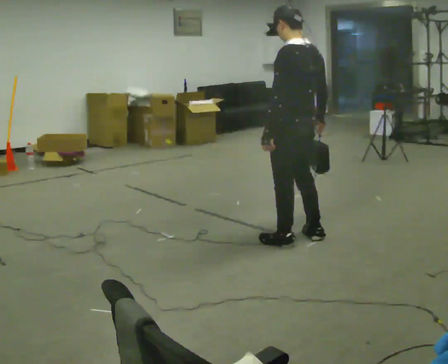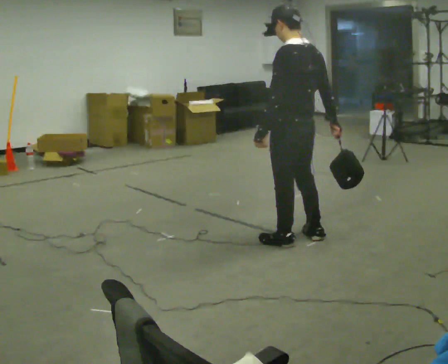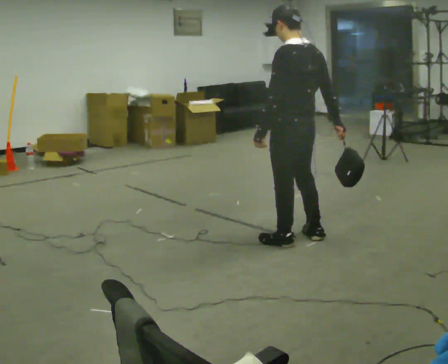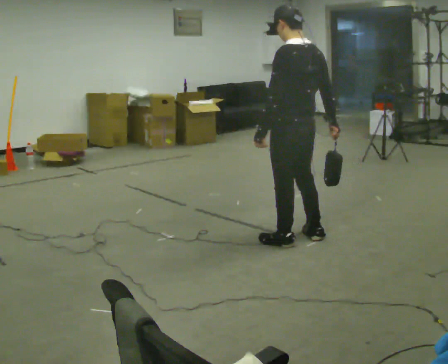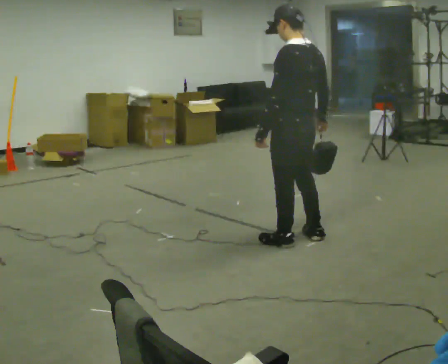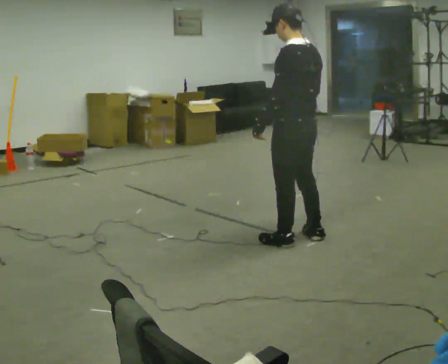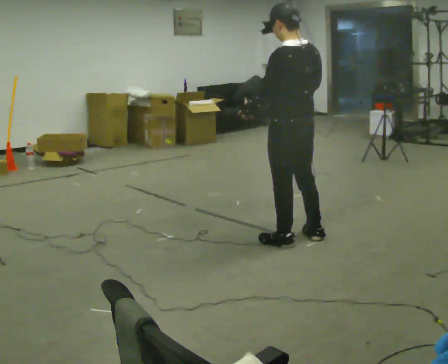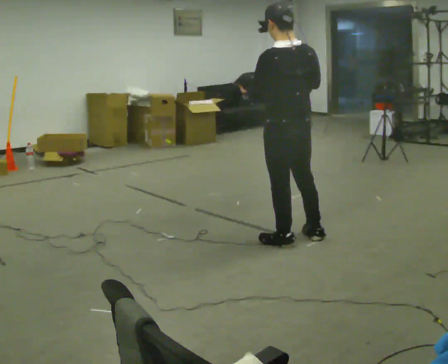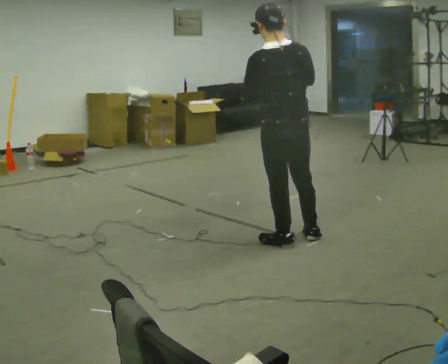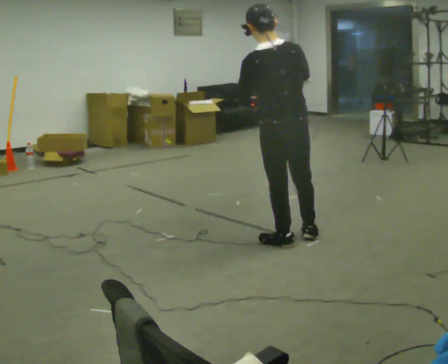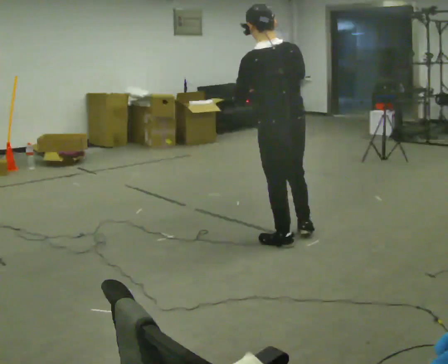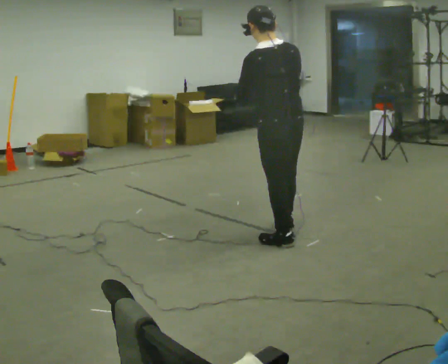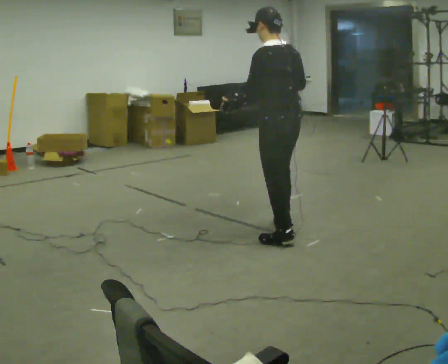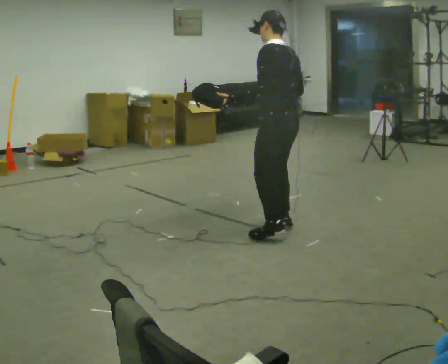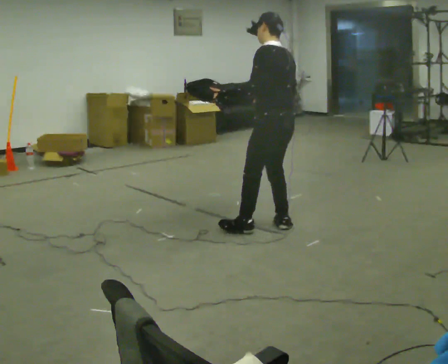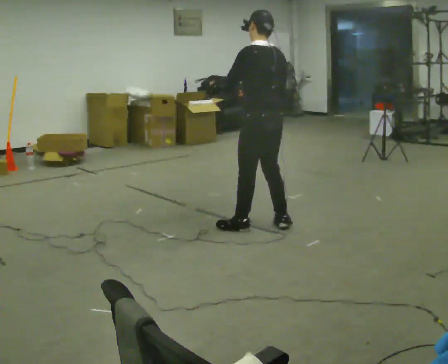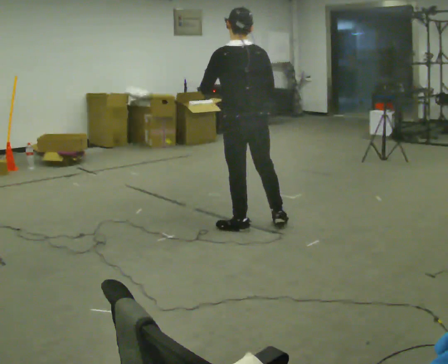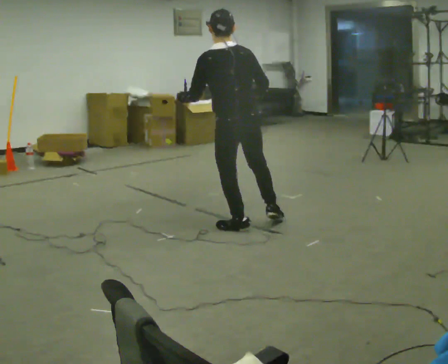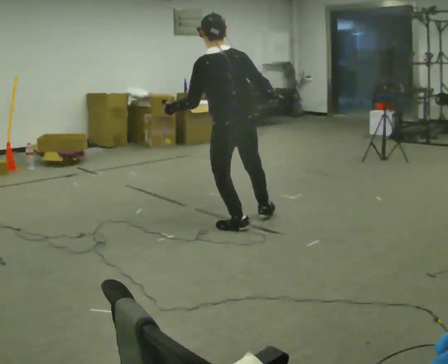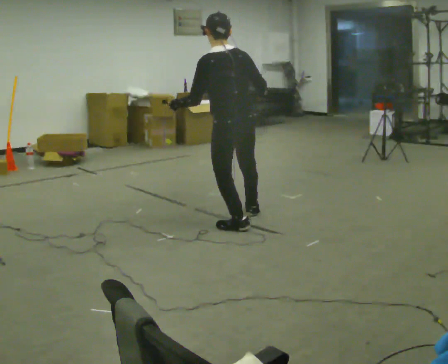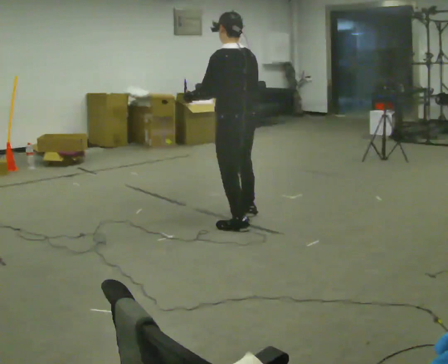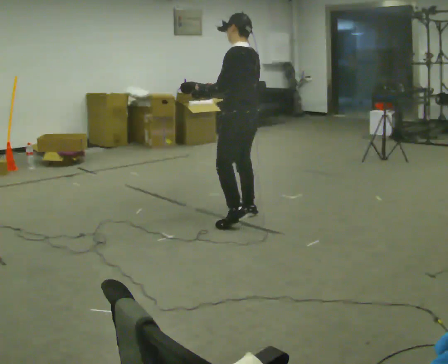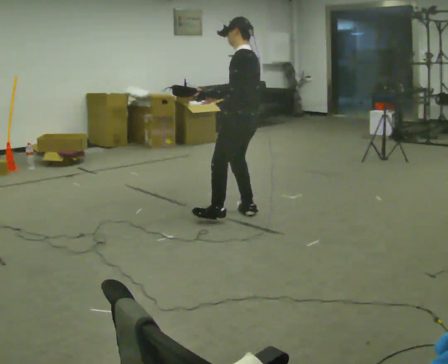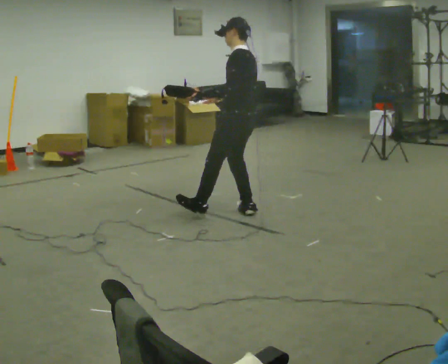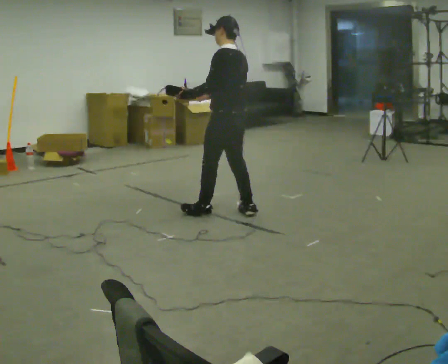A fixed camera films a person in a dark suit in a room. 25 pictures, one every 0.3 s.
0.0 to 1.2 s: The person moves a little, or ends about where they began.
1.2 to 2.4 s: Seen from above the body turns clockwise, about 30 degrees: to their right, with its near side sliding to the left.
2.4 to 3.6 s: The part of the body nearest the lens slides to the right as the person turns to their left by about 30 degrees. In the picture they go away from the camera, about 0.25 m in 1 step, which for them is forward.
3.6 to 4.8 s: In the picture they go to the left, about 0.25 m in 1 step, which for them is forward.
4.8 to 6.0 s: The person moves a little, or ends about where they began.
6.0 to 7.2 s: In the picture they go away from the camera and to the left, about 0.25 m in 1 step, which for them is to their right and forward.
The film runs forward here.
